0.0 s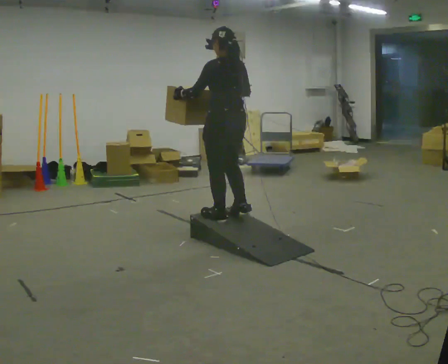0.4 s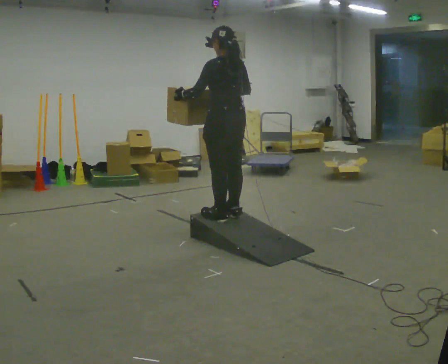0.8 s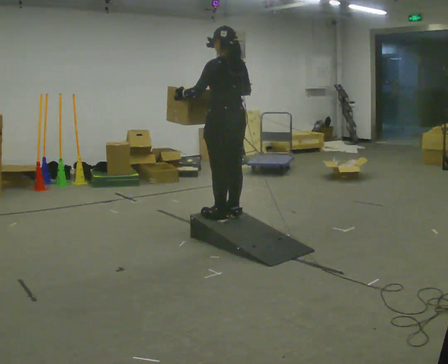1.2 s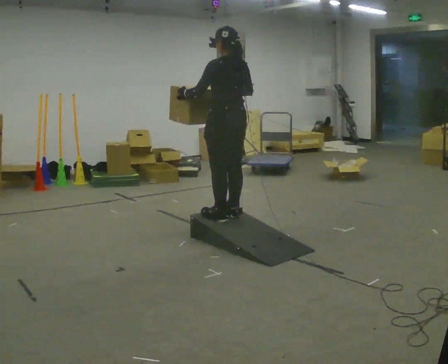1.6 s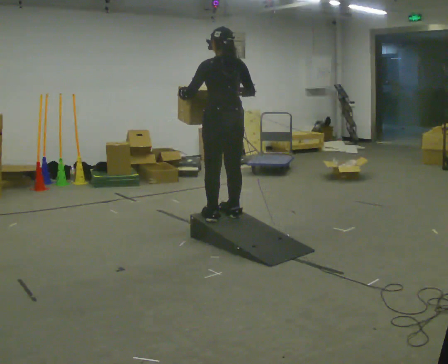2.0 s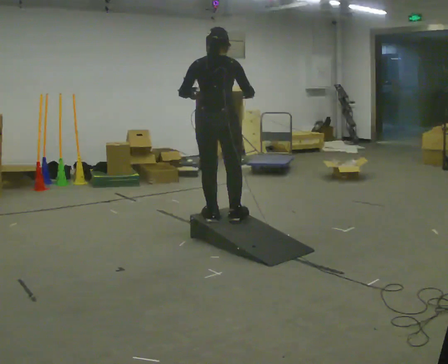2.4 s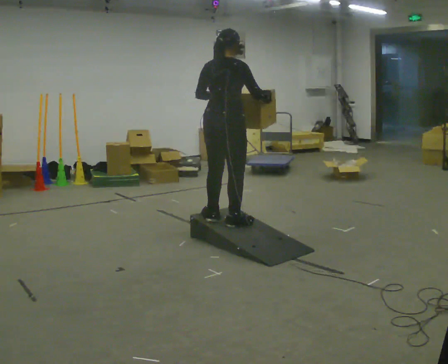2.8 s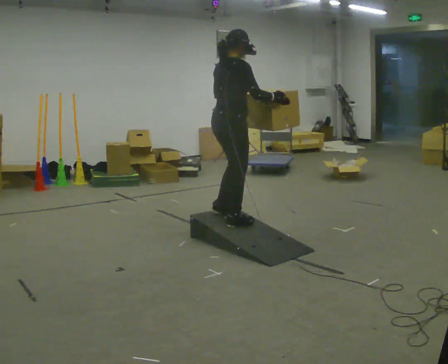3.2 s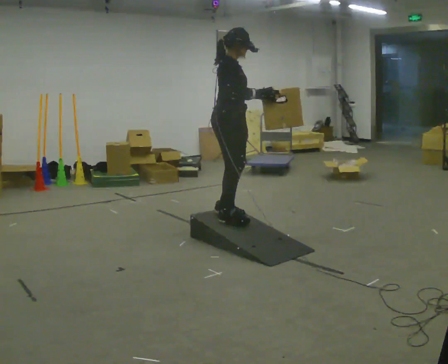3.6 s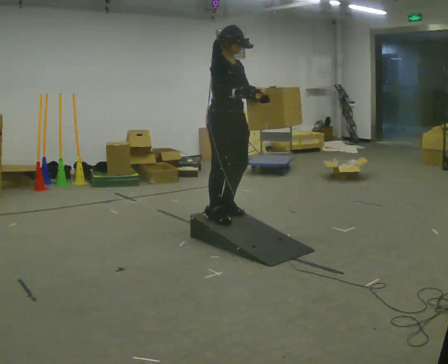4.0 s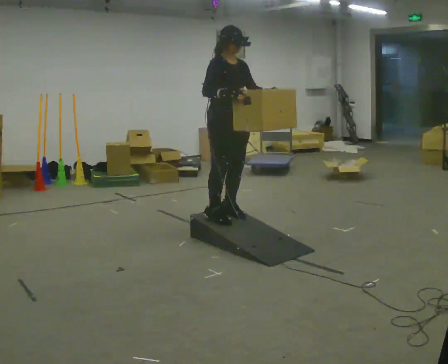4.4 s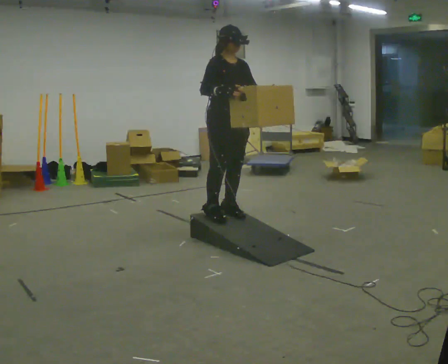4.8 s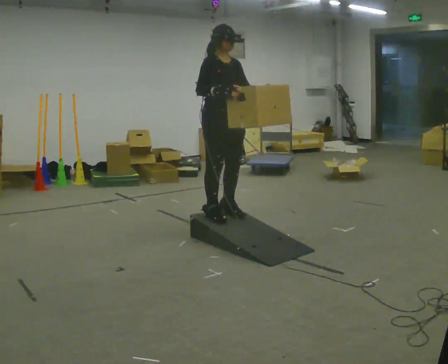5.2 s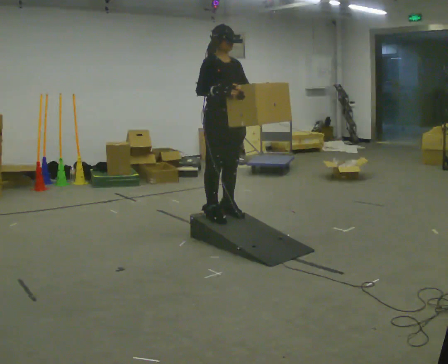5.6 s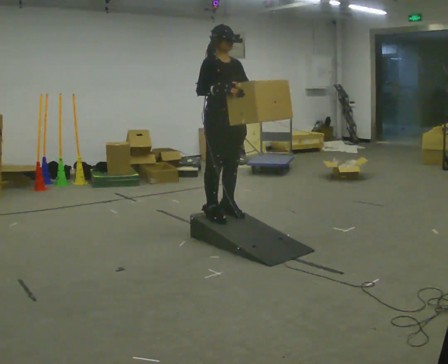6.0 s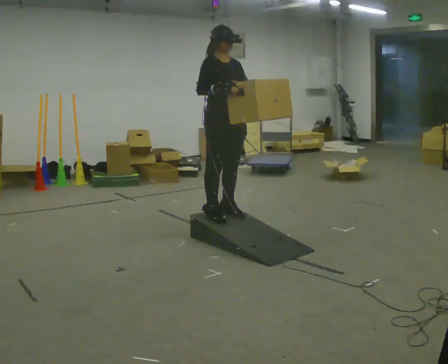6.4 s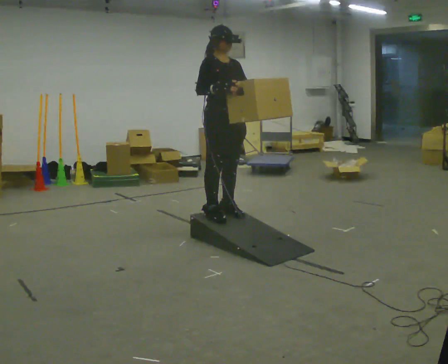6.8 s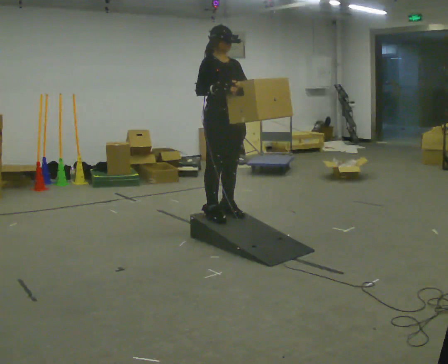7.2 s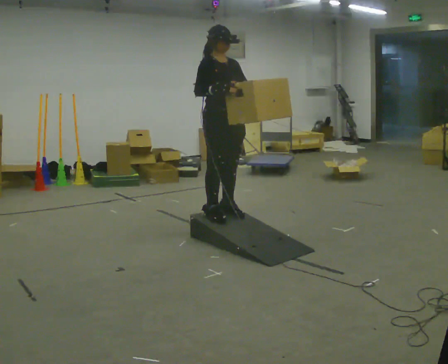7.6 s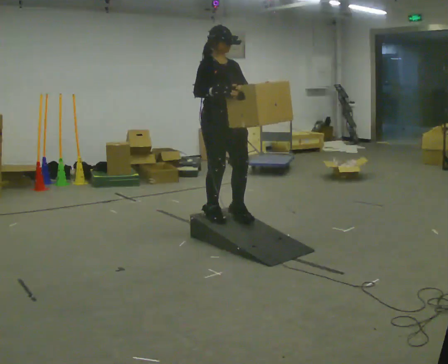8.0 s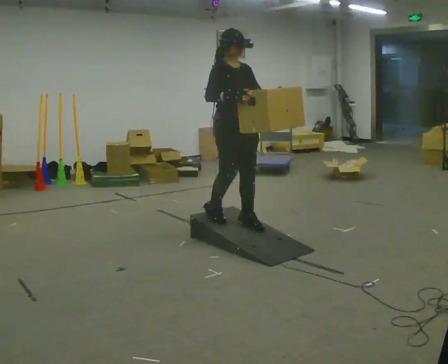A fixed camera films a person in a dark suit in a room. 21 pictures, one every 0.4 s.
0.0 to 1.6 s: The person moves a little, or ends about where they began.
1.6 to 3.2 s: The person turns about 120 degrees to their right, clockwise seen from above, so the part of the body nearest the lens slides to the left. In the picture their left hand goes to the right.
3.2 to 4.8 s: The part of the body nearest the lens slides to the left as the person turns to their right by about 30 degrees. In the picture their right hand goes to the left.
4.8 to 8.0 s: The person moves a little, or ends about where they began.
The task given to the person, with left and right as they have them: Carry the box up the ramp, turn at the top, and carry it back down. Keep going until the operator says stop; one object at a time, and do not rush between trips.
The film runs forward here.
